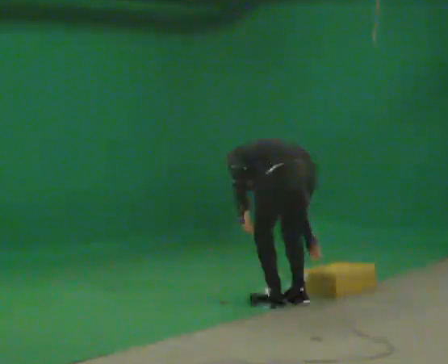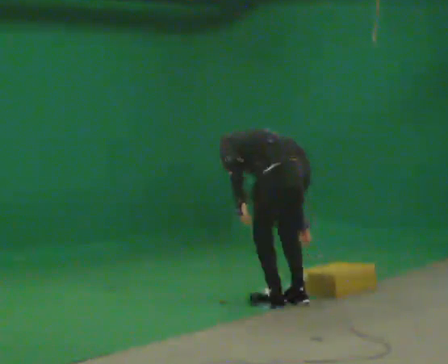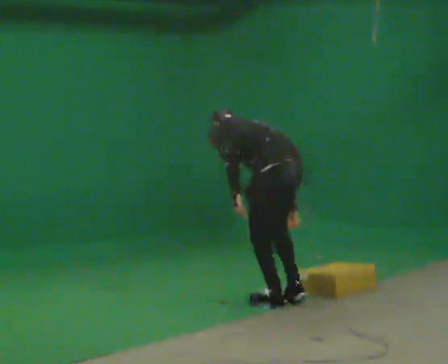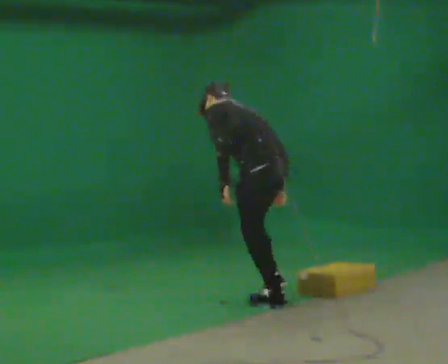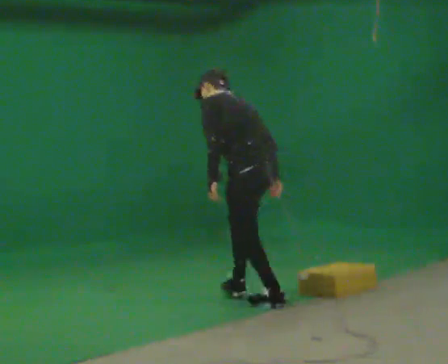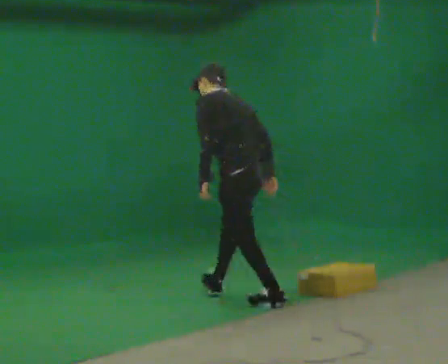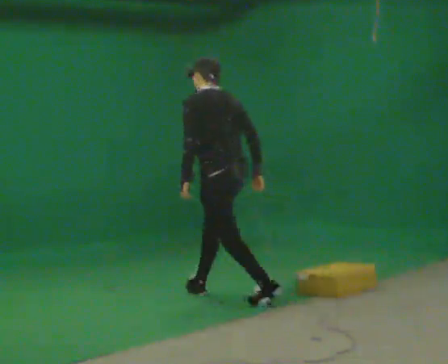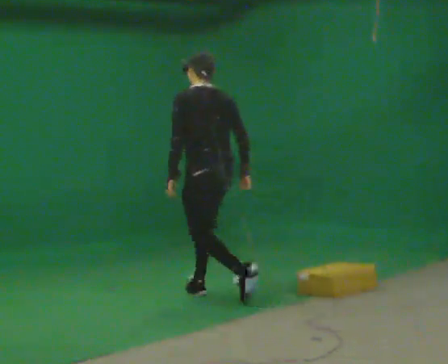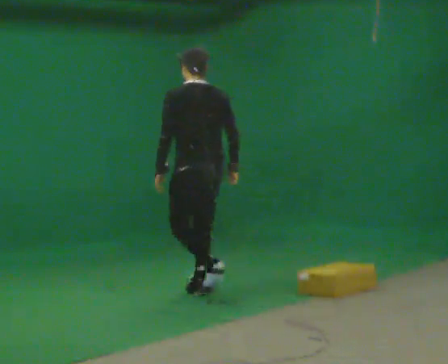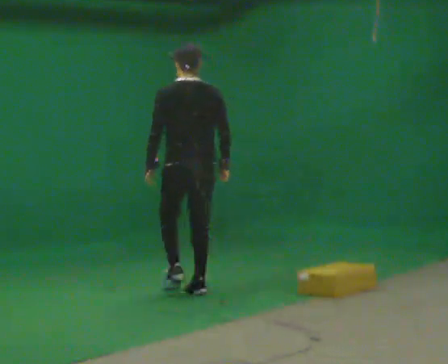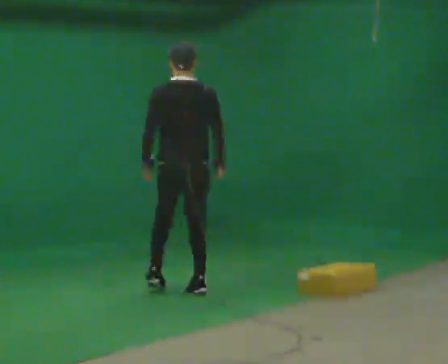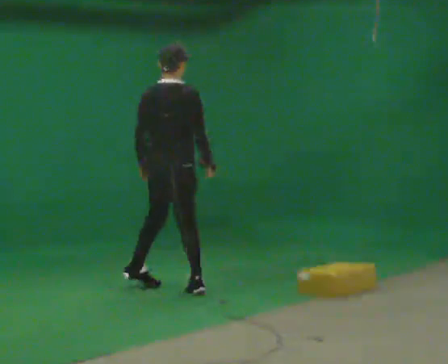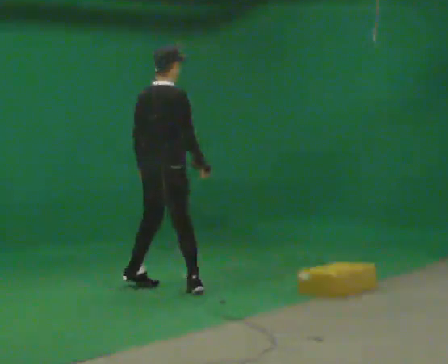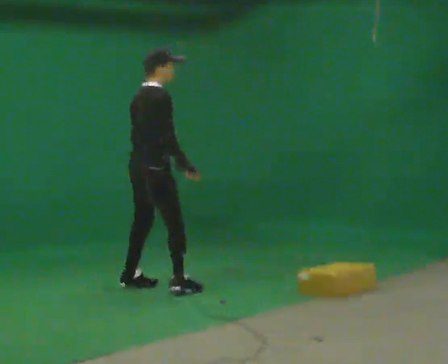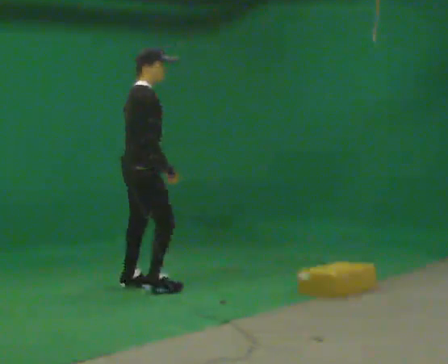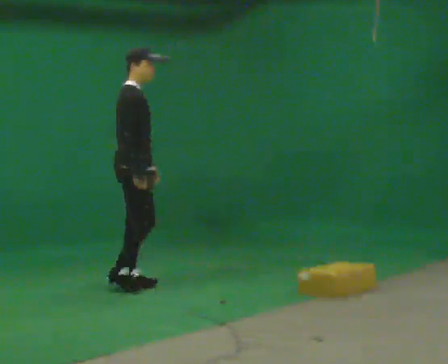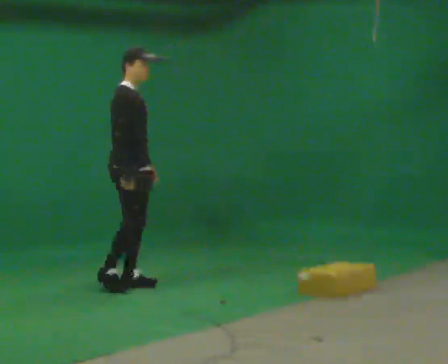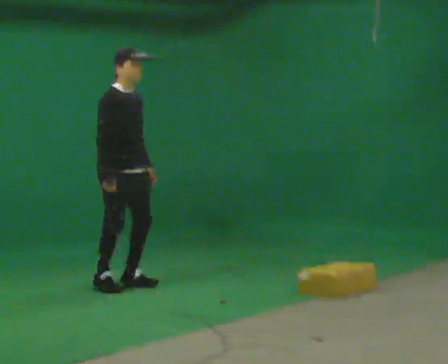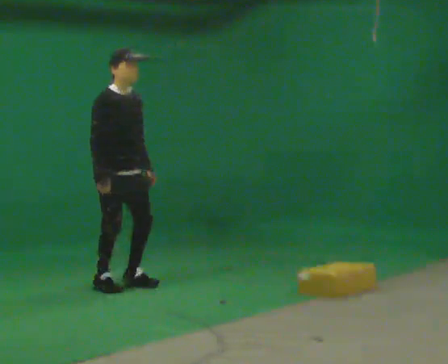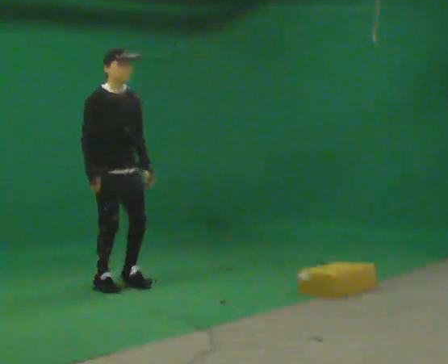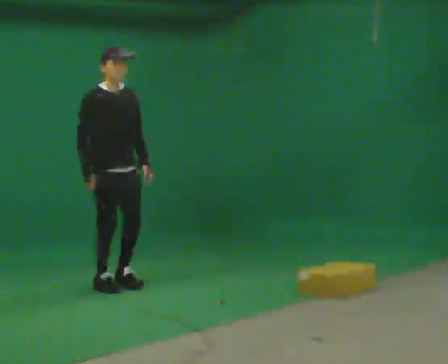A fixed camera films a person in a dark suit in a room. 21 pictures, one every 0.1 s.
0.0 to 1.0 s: The person turns about 45 degrees to their right, clockwise seen from above, so the part of the body nearest the lens slides to the left. In the picture they go to the left and away from the camera, about 1 m in 1 step. The shoulders move upward. The upper body tips toward the camera, its near side rolling downward, as they lean back or straighten.
1.0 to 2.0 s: Seen from above the body turns clockwise, about 135 degrees: to their right, with its near side sliding to the left. In the picture they go to the left, about 0.5 m in 2 steps.
The film runs forward here.
